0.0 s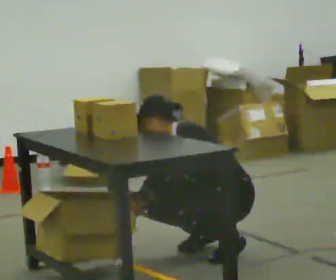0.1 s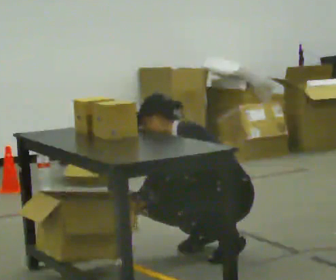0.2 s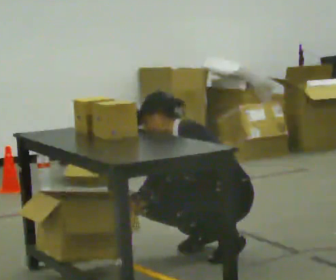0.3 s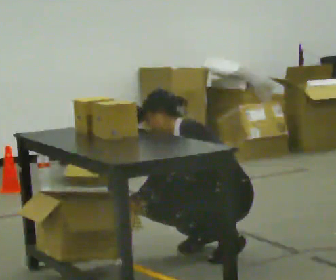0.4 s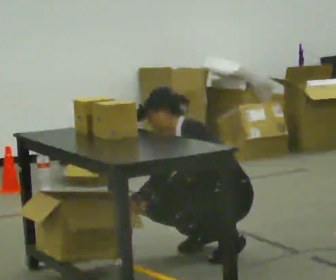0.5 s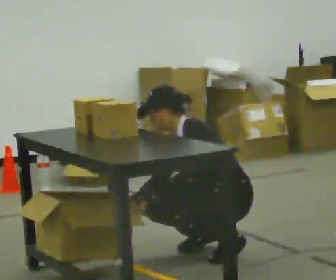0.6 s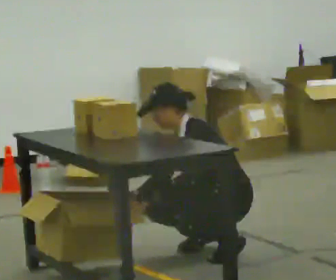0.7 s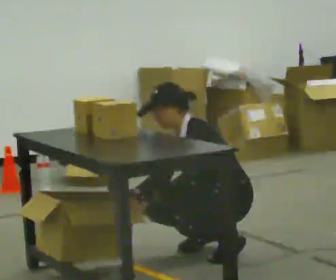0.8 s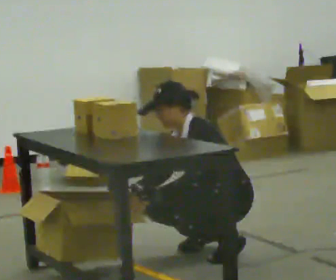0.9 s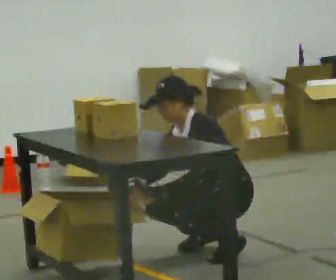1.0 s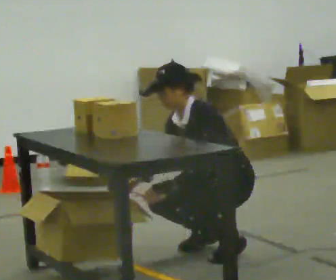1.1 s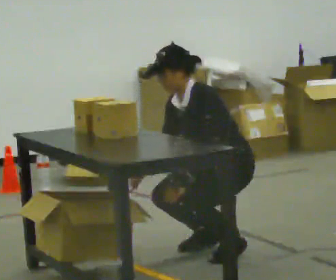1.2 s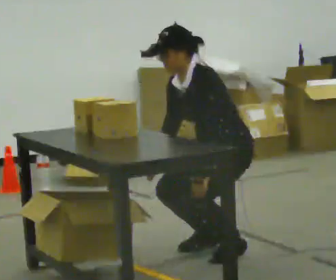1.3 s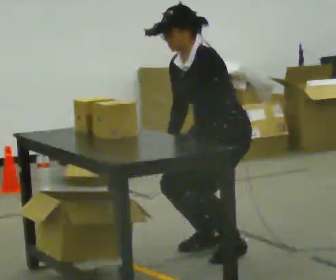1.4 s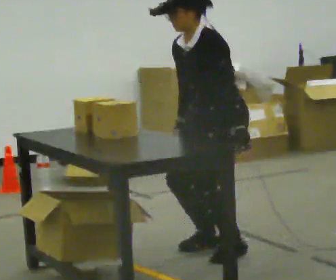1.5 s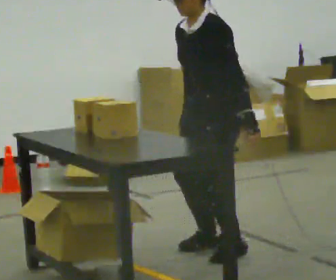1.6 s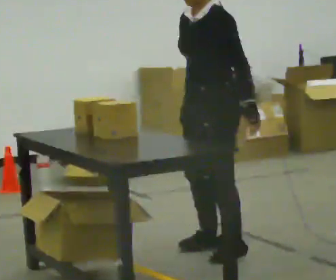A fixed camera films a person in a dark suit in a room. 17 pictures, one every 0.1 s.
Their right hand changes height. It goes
upward.
The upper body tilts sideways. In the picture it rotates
clockwise.
0.0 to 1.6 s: The upper body goes upward. In the picture the upper body tilts clockwise, shoulders to the right, as they lean back or straighten. In the picture their left hand goes to the right and upward.
The film runs forward here.
